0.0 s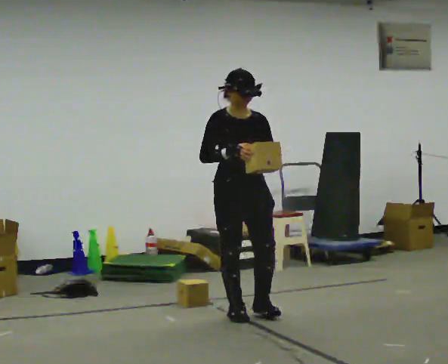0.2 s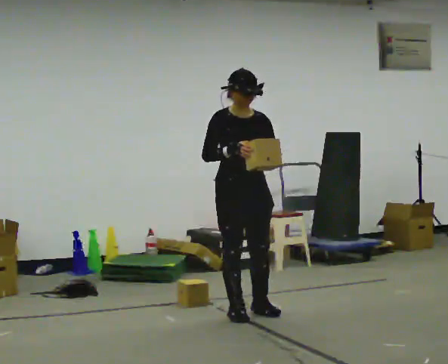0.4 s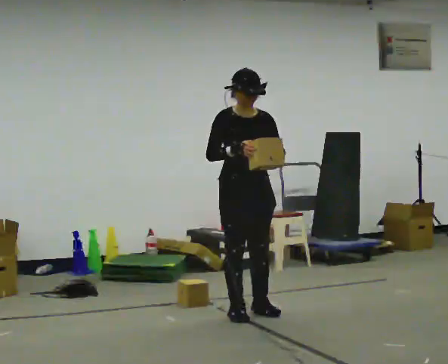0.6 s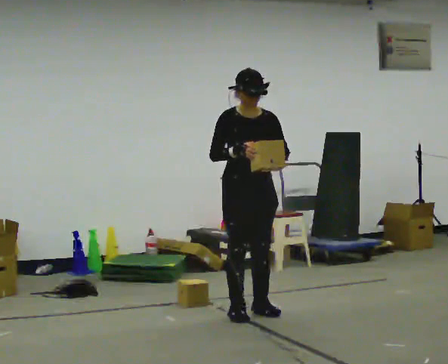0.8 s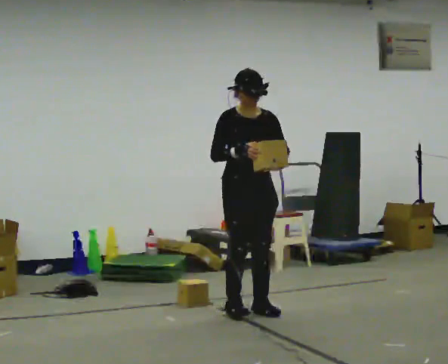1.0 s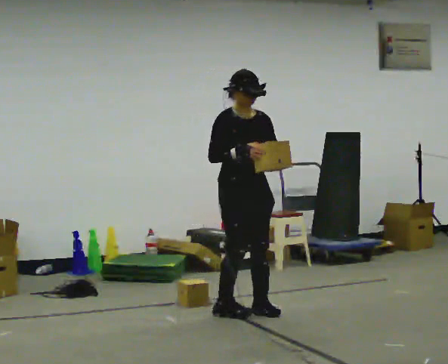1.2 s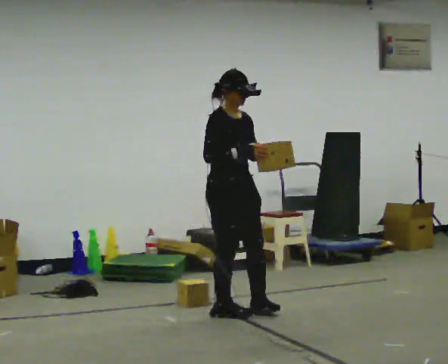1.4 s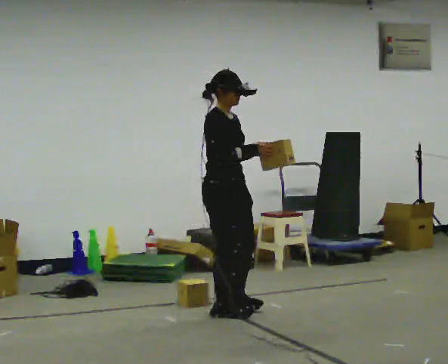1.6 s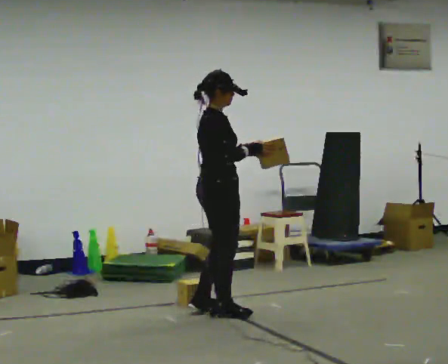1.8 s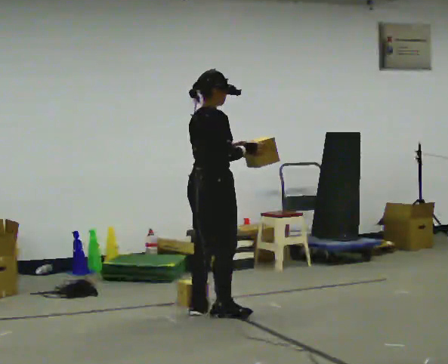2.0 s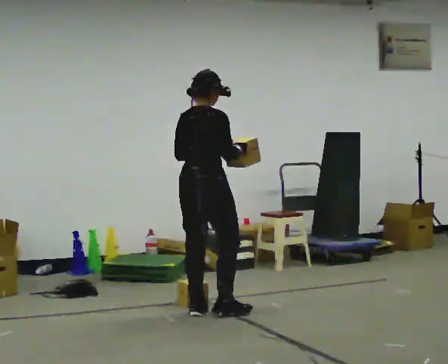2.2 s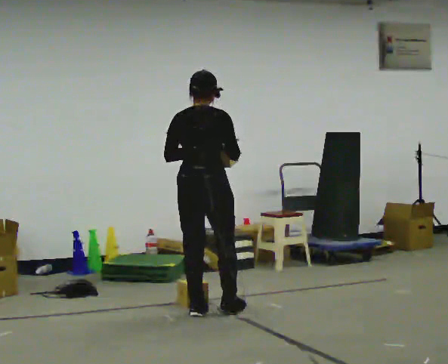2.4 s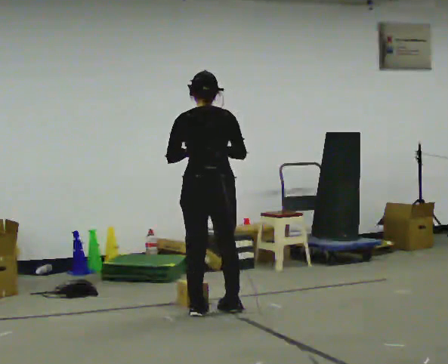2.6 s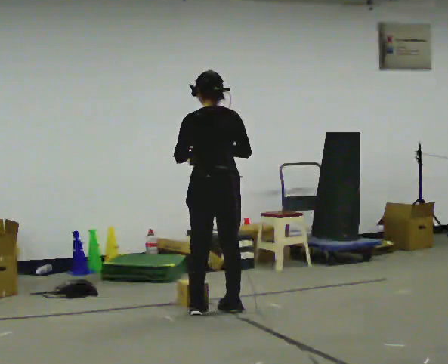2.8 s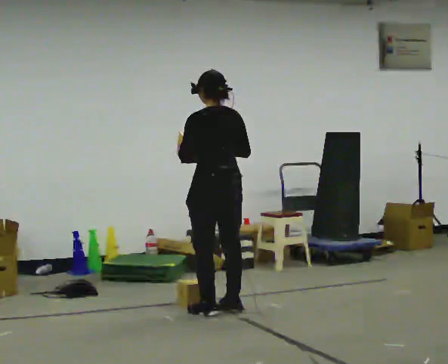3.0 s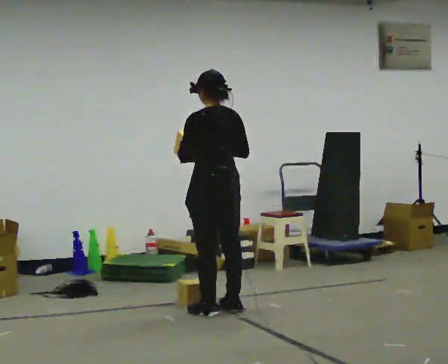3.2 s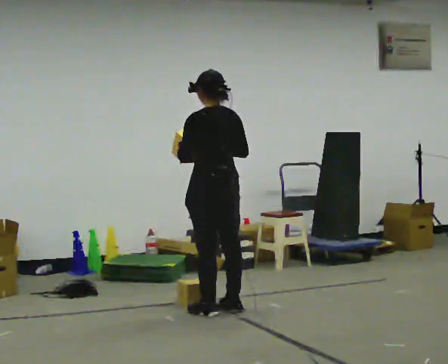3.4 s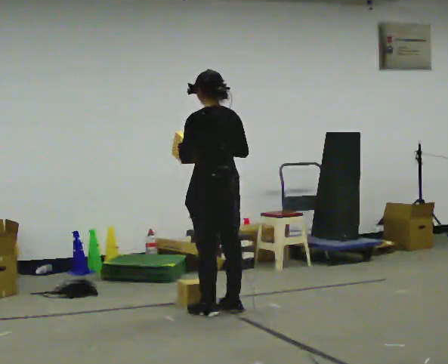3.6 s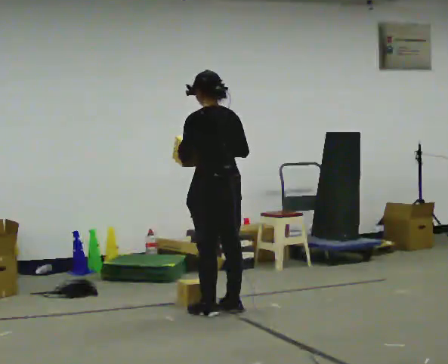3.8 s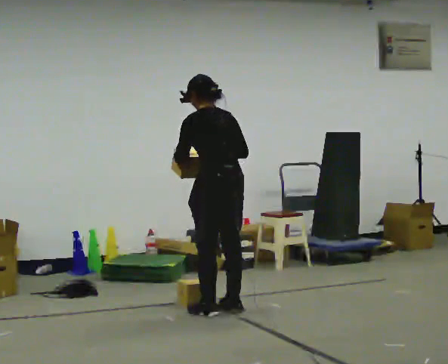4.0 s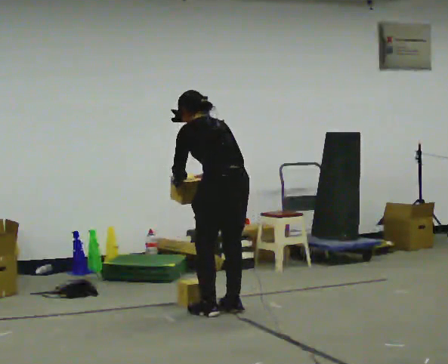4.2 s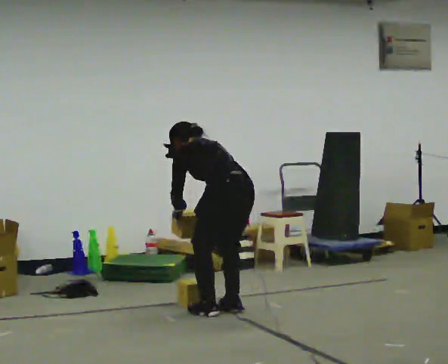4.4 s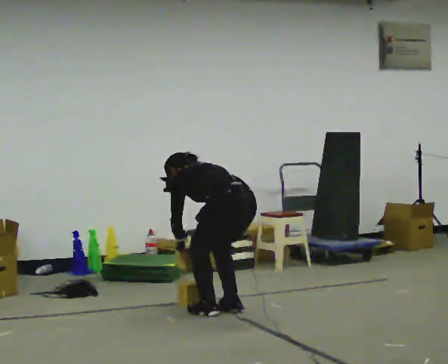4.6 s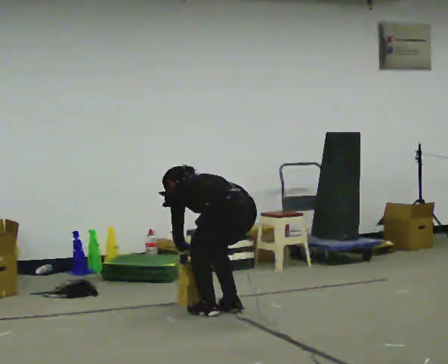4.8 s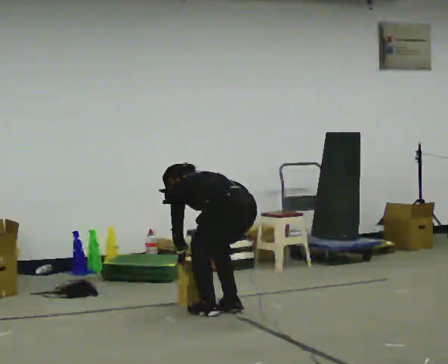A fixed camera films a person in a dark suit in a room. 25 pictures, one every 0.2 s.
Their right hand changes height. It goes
downward.
The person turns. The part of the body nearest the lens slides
to the right.
0.0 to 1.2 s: Seen from above the body turns counterclockwise, about 30 degrees: to their left, with its near side sliding to the right.
1.2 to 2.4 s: Seen from above the body turns counterclockwise, about 135 degrees: to their left, with its near side sliding to the right. In the picture they go to the left, about 0.25 m in 2 steps.
2.4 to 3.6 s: The part of the body nearest the lens slides to the right as the person turns to their left by about 30 degrees.
3.6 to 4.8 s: The shoulders move downward. The upper body tips away from the camera, its near side rolling upward, as they bend forward. In the picture their right hand goes downward.
The film runs backward here.
